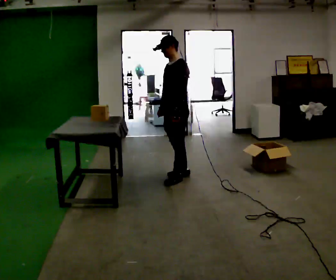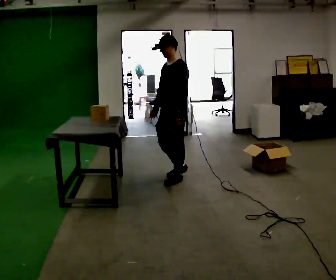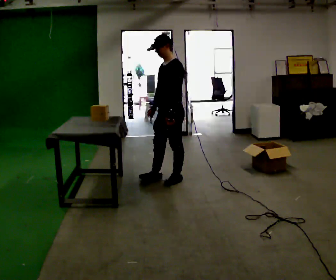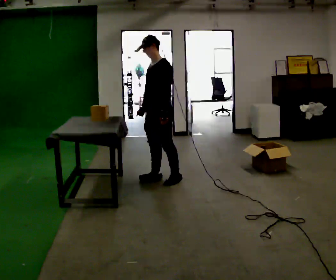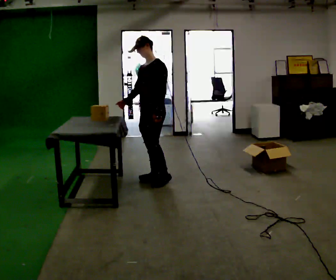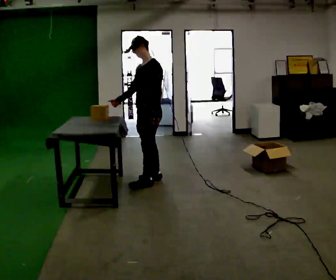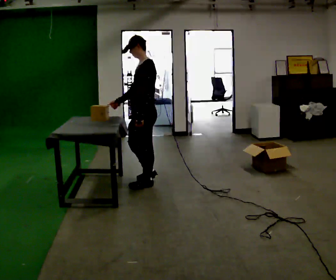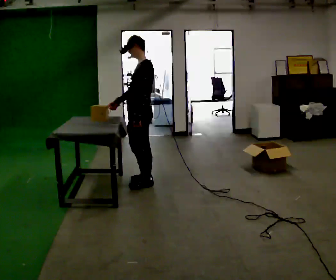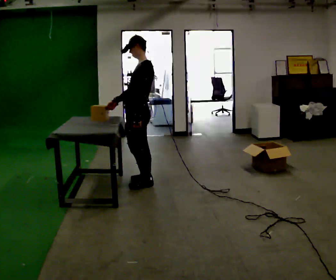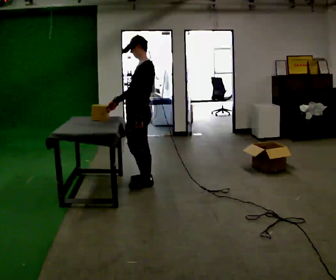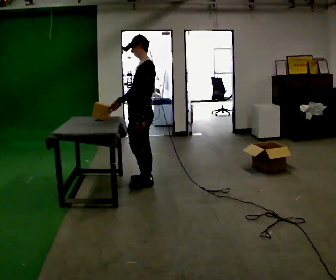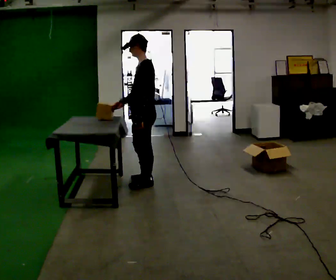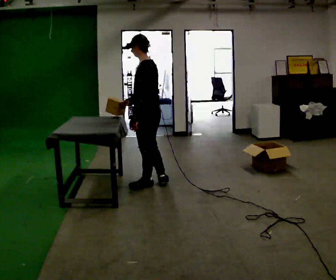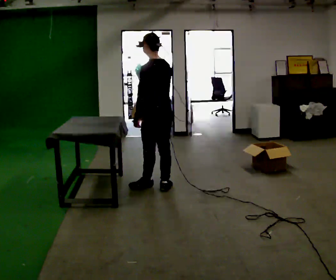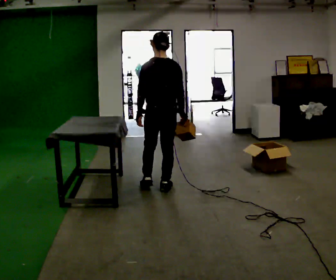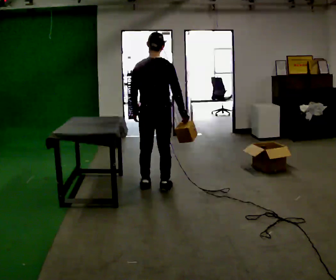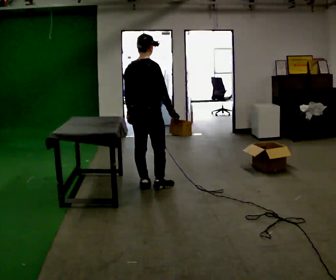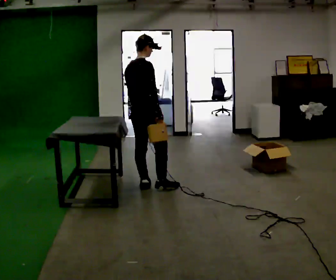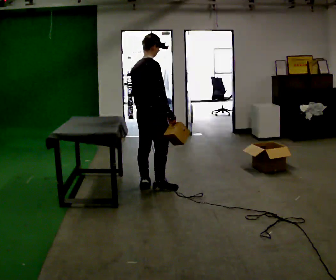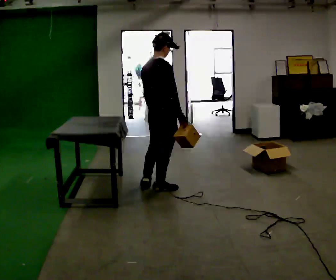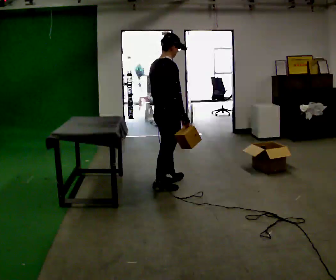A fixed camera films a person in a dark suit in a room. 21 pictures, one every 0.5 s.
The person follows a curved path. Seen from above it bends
counterclockwise.
The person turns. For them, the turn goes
to their right.
0.0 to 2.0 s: In the picture they go to the left, about 0.25 m in 1 step, which for them is forward.
2.0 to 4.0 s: Seen from above the body turns clockwise, about 30 degrees: to their right, with its near side sliding to the left. In the picture they go toward the camera and to the left, about 0.25 m in 1 step, which for them is forward and to their left.
4.0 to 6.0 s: The person turns about 30 degrees to their right, clockwise seen from above, so the part of the body nearest the lens slides to the left.
6.0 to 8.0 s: The person turns about 105 degrees to their right, clockwise seen from above, so the part of the body nearest the lens slides to the left. In the picture their right hand goes to the right, the arm swinging counterclockwise.
8.0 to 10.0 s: Seen from above the body turns clockwise, about 30 degrees: to their right, with its near side sliding to the left. In the picture they go to the right, about 0.25 m, which for them is to their right.
The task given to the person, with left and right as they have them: Carry each object across the room and drop it into the container on the floor, then walk back for the next one. Keep going until the operator says stop; one object at a time, and do not rush between trips.
The film runs forward here.
